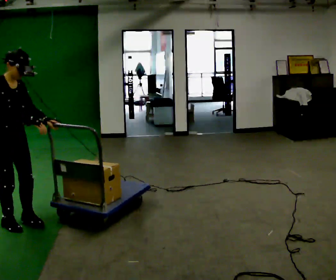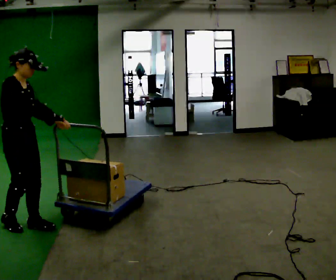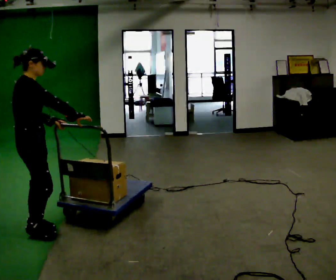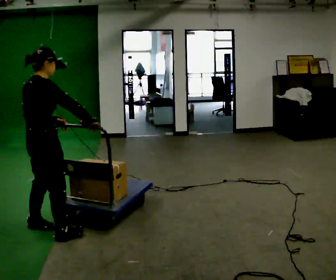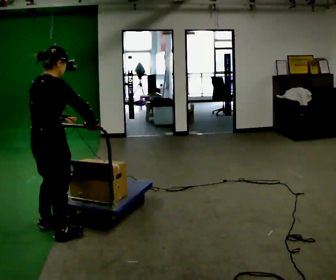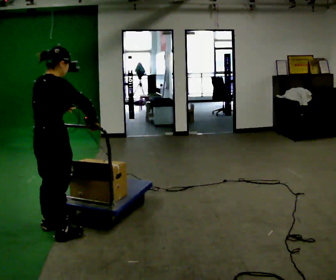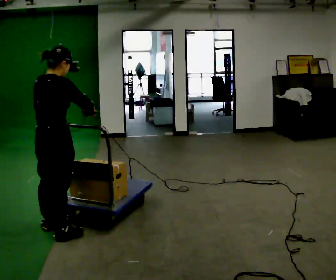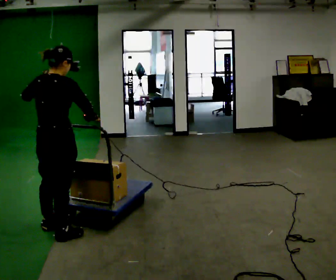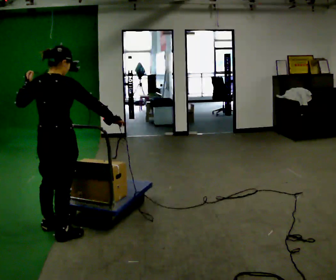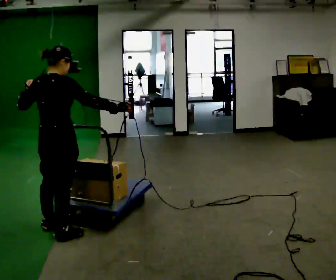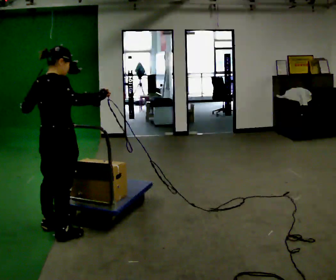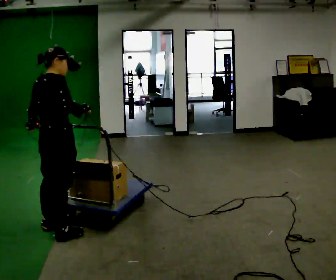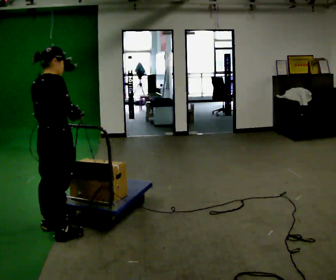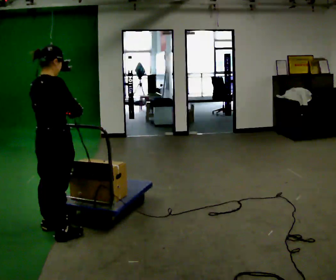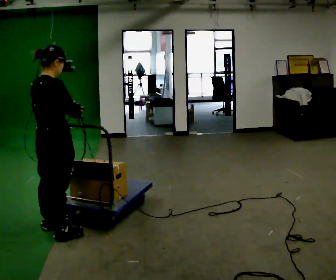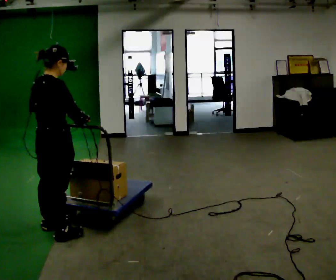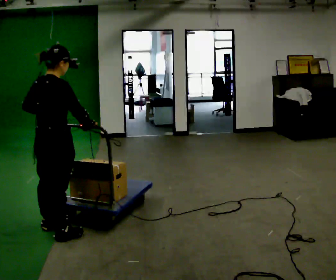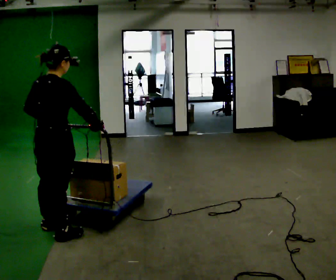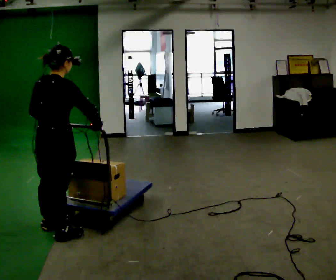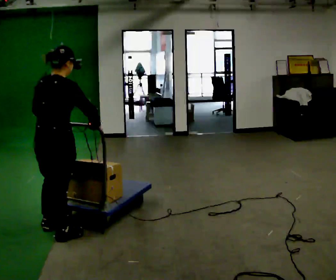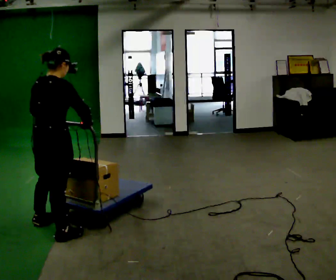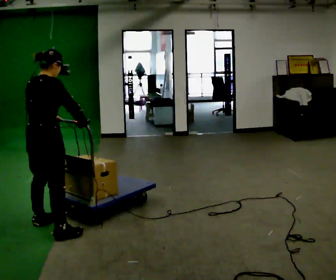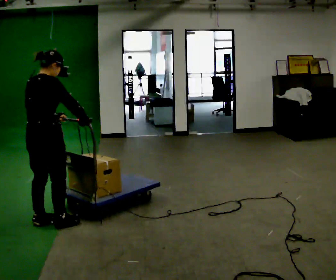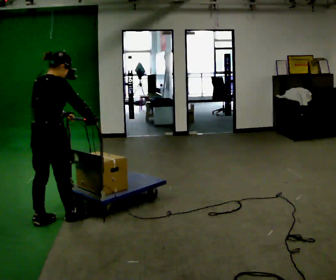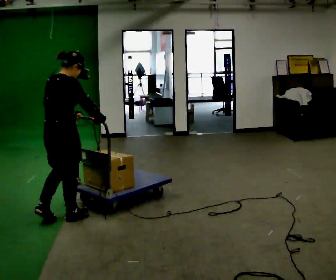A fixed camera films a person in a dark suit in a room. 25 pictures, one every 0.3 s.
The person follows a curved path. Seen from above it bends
counterclockwise.
0.0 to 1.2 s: The person turns about 75 degrees to their left, counterclockwise seen from above, so the part of the body nearest the lens slides to the right. In the picture they go to the right and toward the camera, about 0.5 m in 2 steps.
1.2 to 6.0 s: The person moves a little, or ends about where they began.
6.0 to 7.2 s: In the picture they go away from the camera, about 0.25 m in 1 step, which for them is forward and to their left.
The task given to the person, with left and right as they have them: Push the loaded cart from one corner of the room to the other, turn it round, and push it back. Keep going until the operator says stop.
The film runs forward here.
